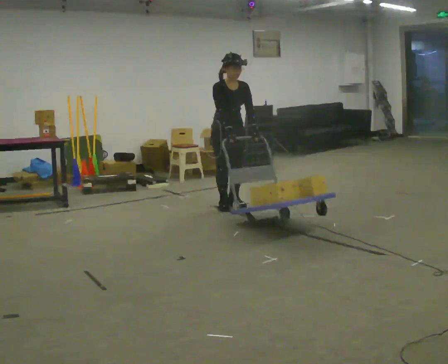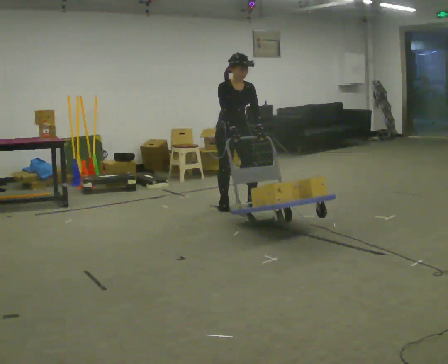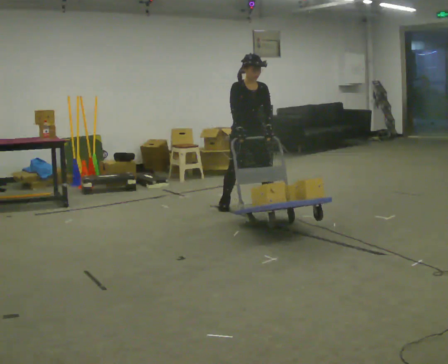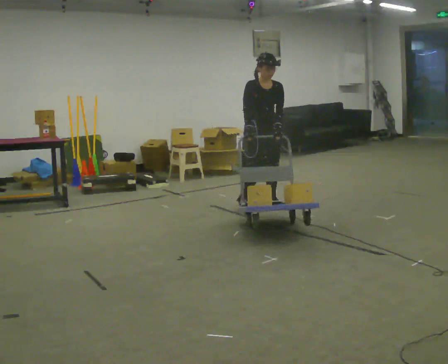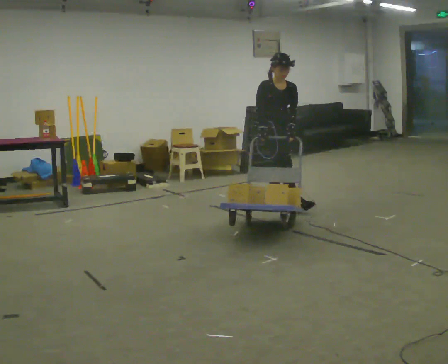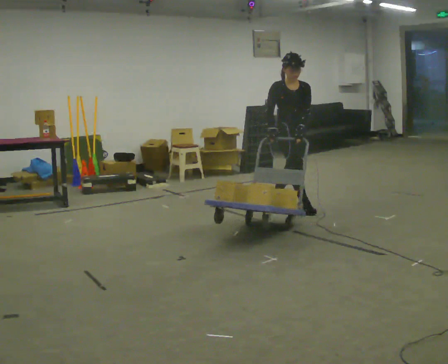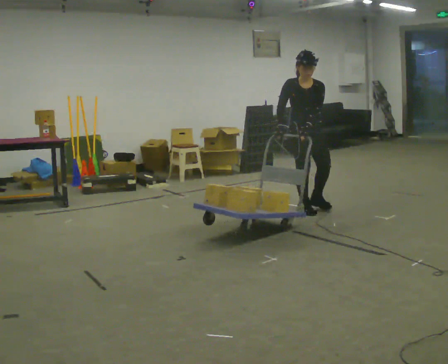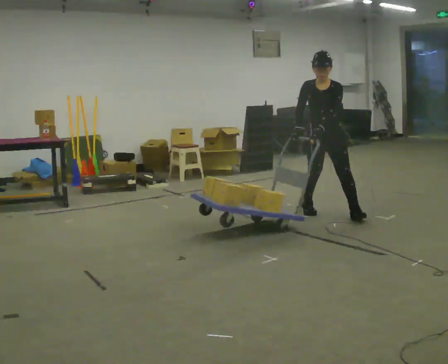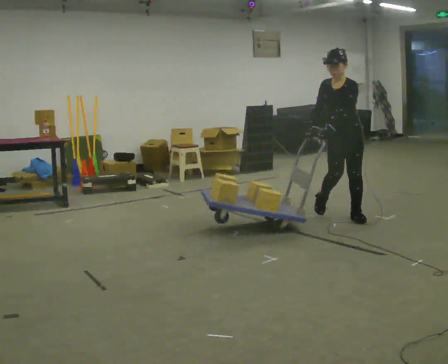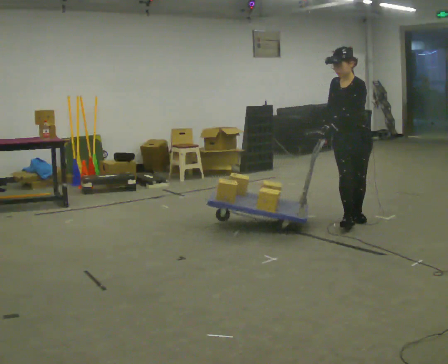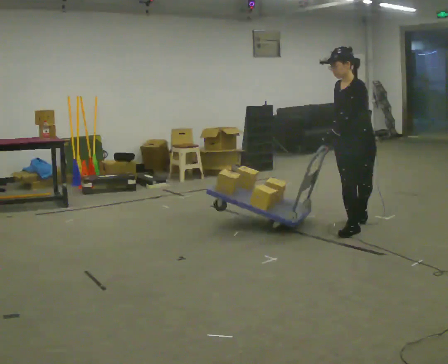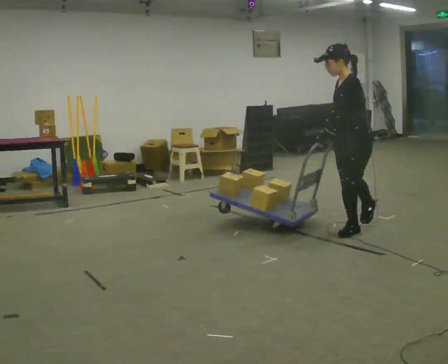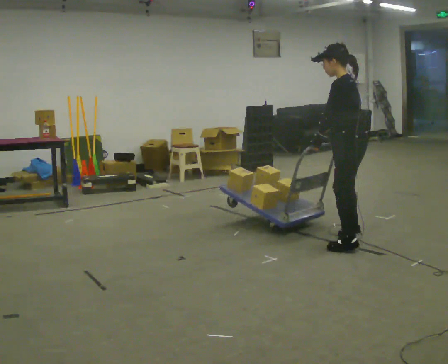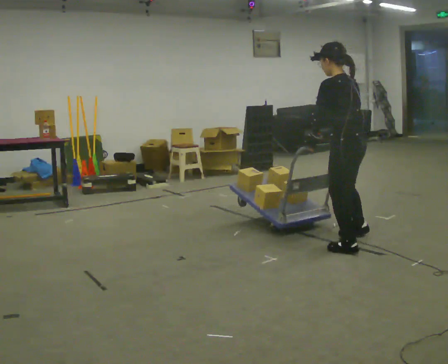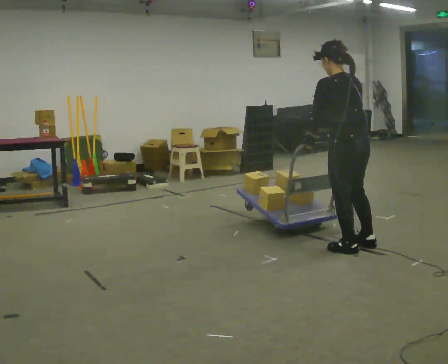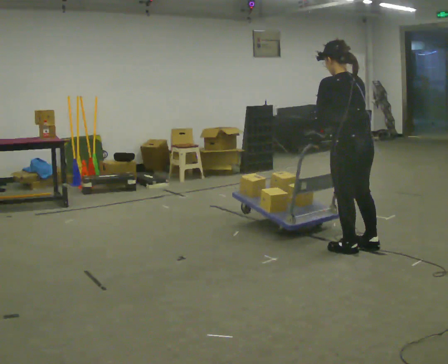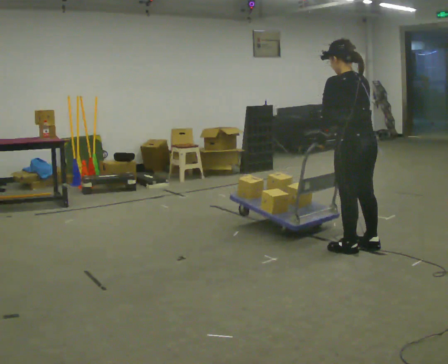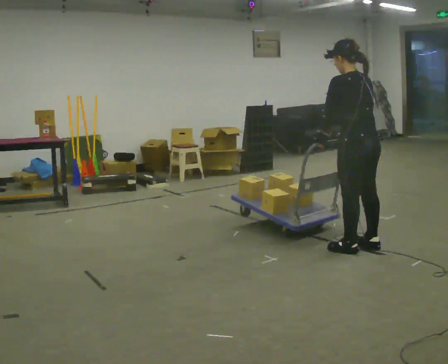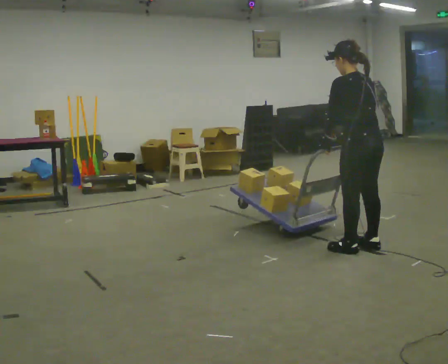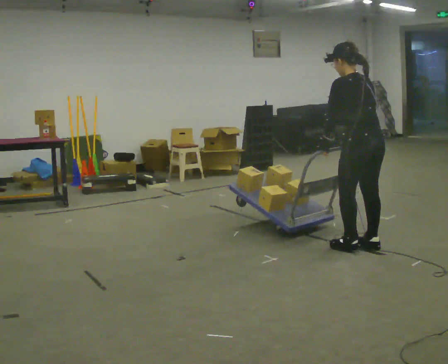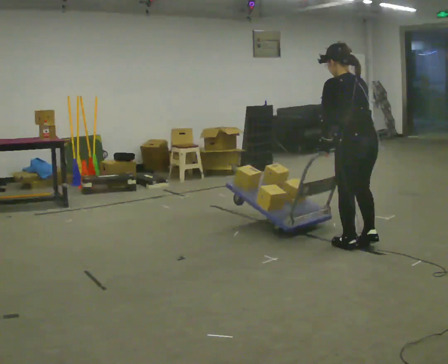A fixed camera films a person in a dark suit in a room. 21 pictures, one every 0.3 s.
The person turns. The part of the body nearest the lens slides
to the left.
The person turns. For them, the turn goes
to their right.
0.0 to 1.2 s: In the picture they go to the right, about 0.5 m in 1 step, which for them is to their left and forward.
1.2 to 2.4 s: The person turns about 60 degrees to their right, clockwise seen from above, so the part of the body nearest the lens slides to the left. In the picture they go to the right and toward the camera, about 1 m in 2 steps.
2.4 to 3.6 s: The part of the body nearest the lens slides to the left as the person turns to their right by about 75 degrees. In the picture they go toward the camera, about 0.75 m in 1 step.
3.6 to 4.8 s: The person turns about 45 degrees to their right, clockwise seen from above, so the part of the body nearest the lens slides to the left. In the picture they go toward the camera, about 0.25 m in 2 steps, which for them is backward and to their left.
4.8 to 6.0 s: The person moves a little, or ends about where they began.
The film runs forward here.
